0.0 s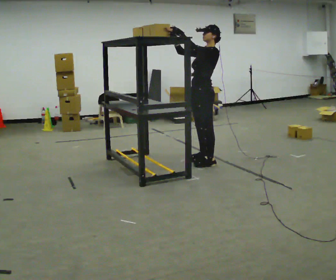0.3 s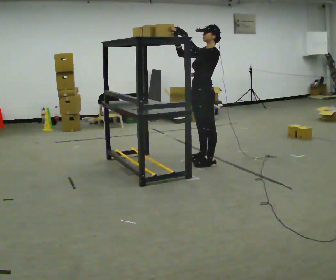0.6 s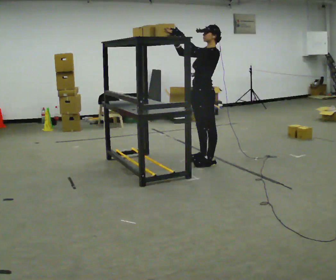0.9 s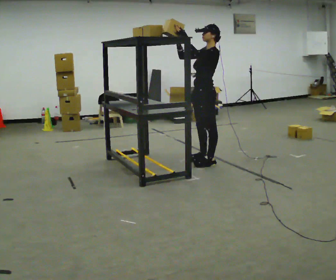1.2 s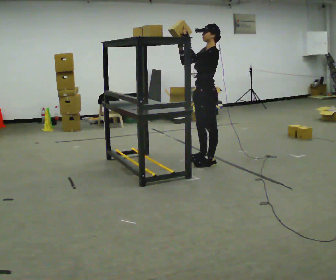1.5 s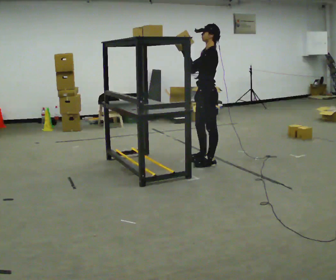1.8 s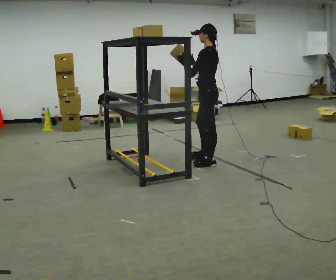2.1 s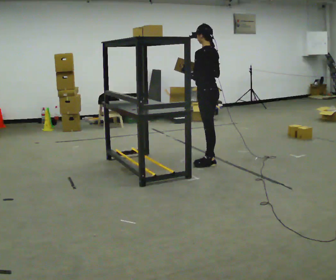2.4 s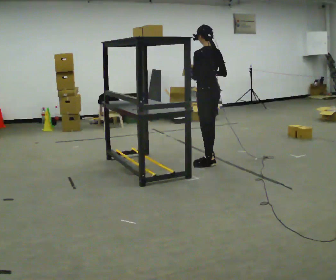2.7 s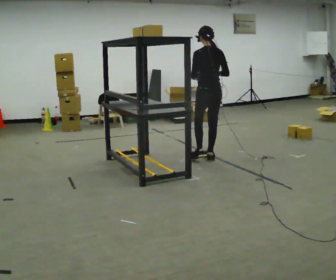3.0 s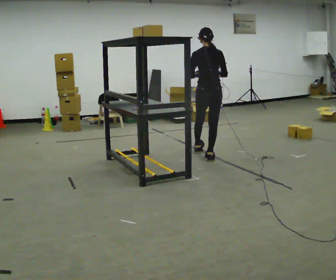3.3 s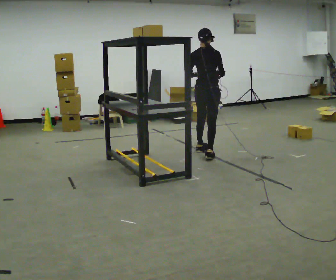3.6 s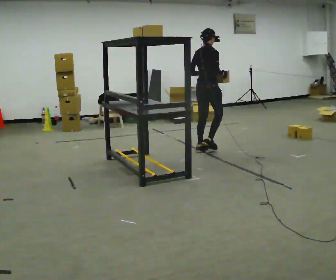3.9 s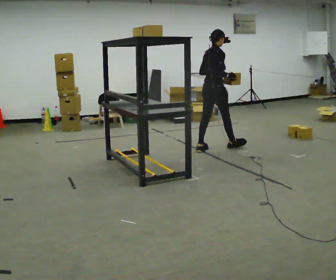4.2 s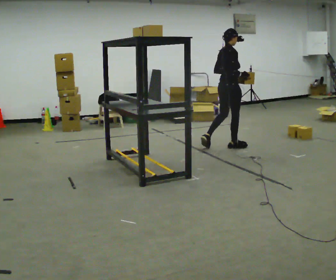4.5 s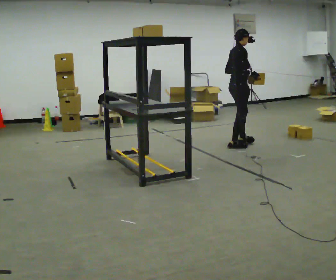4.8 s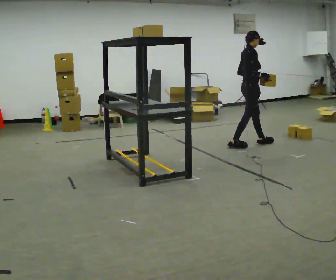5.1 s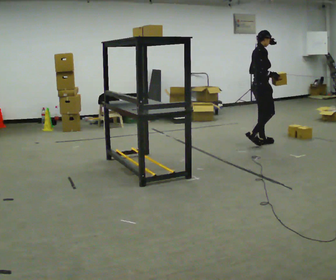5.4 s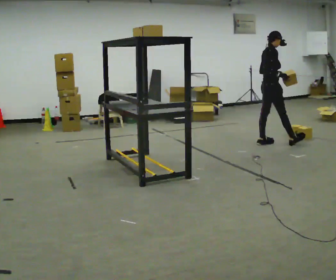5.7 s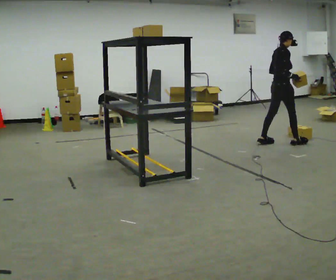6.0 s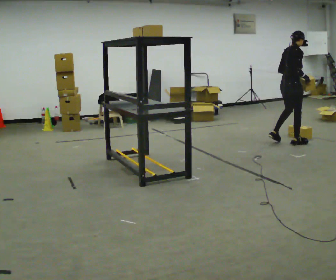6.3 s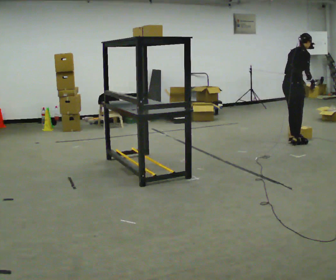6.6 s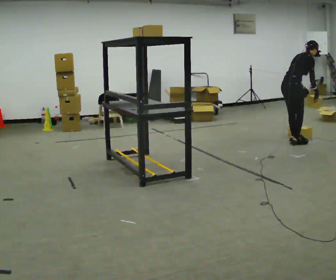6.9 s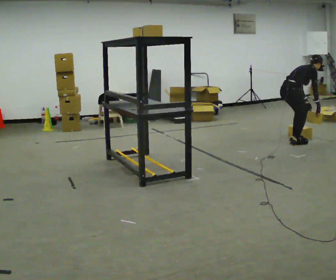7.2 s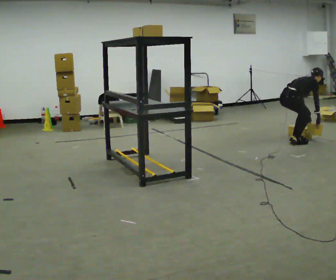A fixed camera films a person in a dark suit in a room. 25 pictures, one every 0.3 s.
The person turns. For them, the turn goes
to their right.
The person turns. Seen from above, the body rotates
clockwise.
0.0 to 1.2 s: The person moves a little, or ends about where they began.
1.2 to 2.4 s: Seen from above the body turns clockwise, about 60 degrees: to their right, with its near side sliding to the left. In the picture their right hand goes to the right and downward.
2.4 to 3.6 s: Seen from above the body turns clockwise, about 90 degrees: to their right, with its near side sliding to the left. In the picture they go away from the camera, about 0.5 m in 1 step.
3.6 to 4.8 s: The part of the body nearest the lens slides to the left as the person turns to their right by about 45 degrees. In the picture they go to the right and away from the camera, about 0.75 m in 2 steps, which for them is forward.
4.8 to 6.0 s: In the picture they go to the right, about 0.5 m in 1 step, which for them is forward.
6.0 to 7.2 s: The upper body goes downward. In the picture the upper body tilts clockwise, shoulders to the right, as they bend forward. In the picture their left hand goes downward.
The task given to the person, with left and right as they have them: Take an object from the highest shelf you can comfortably reach, carry it across, and place it on the lowest shelf. Keep going until the operator says stop; one object at a time, and do not rush between trips.
The film runs forward here.
